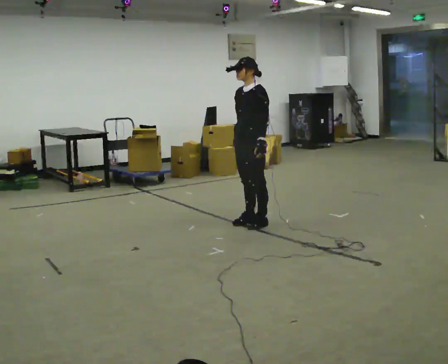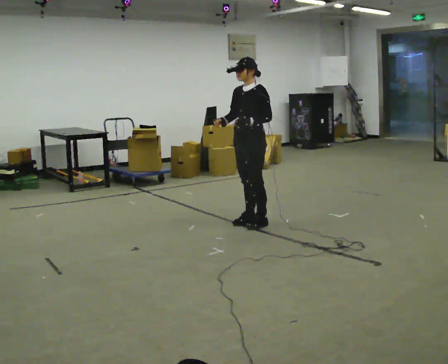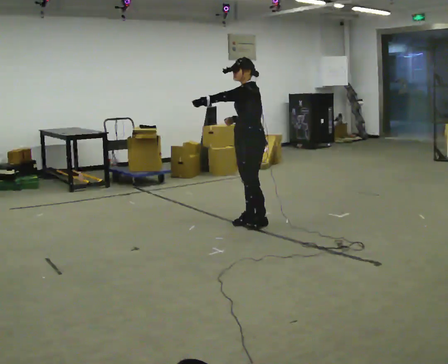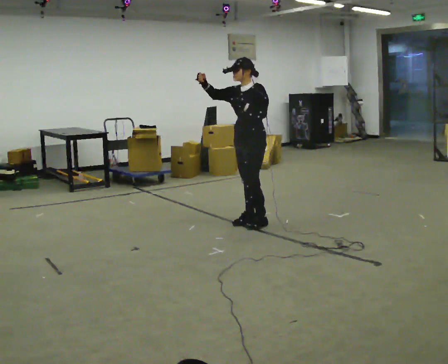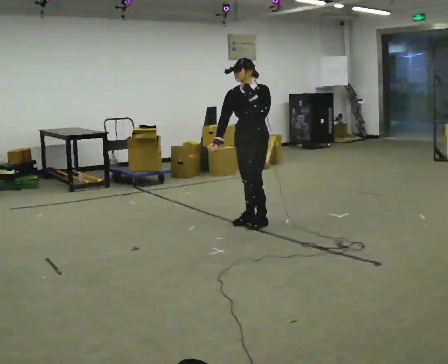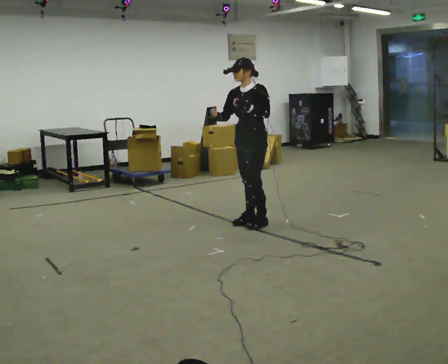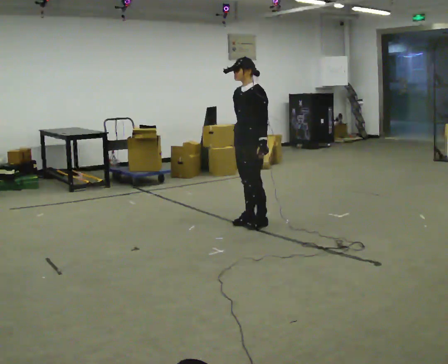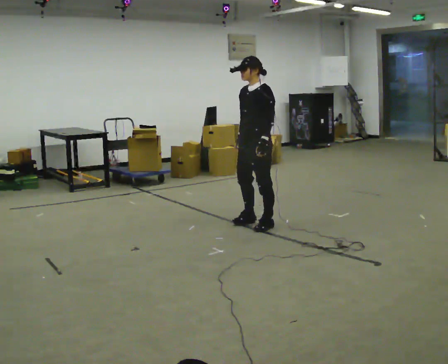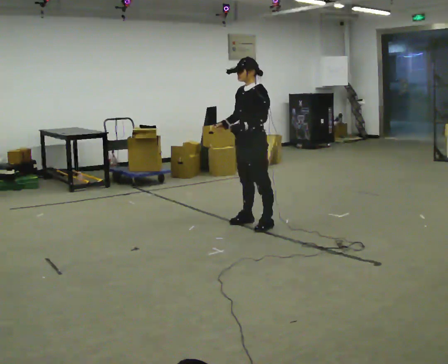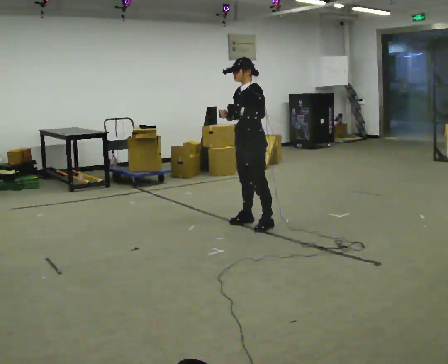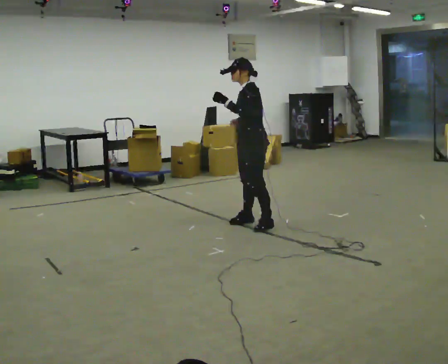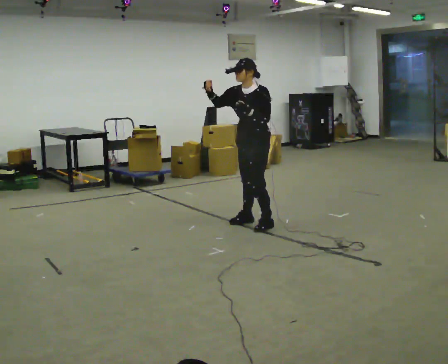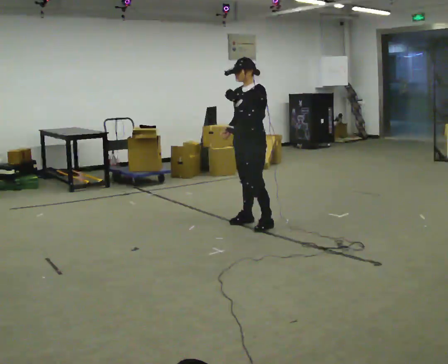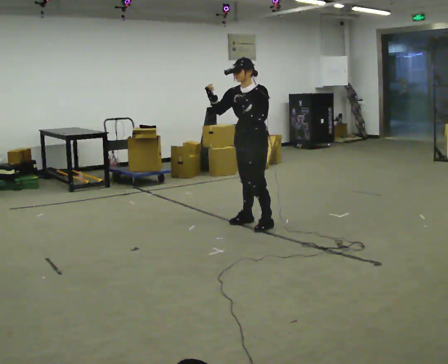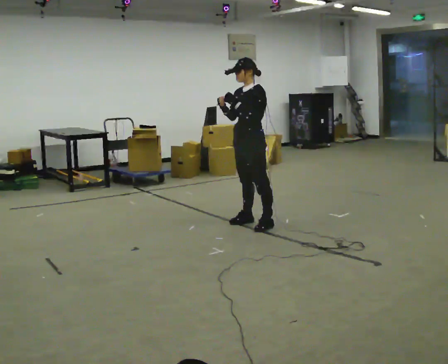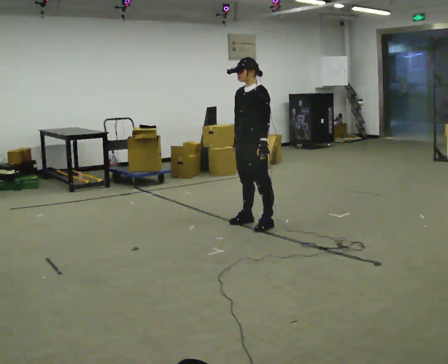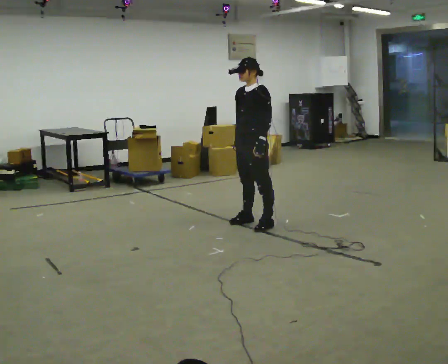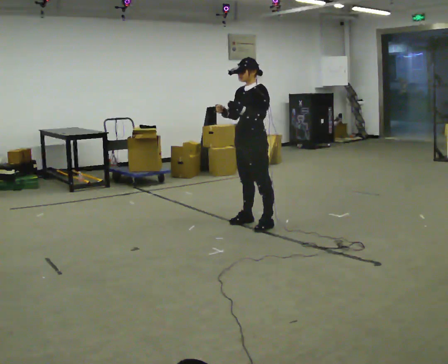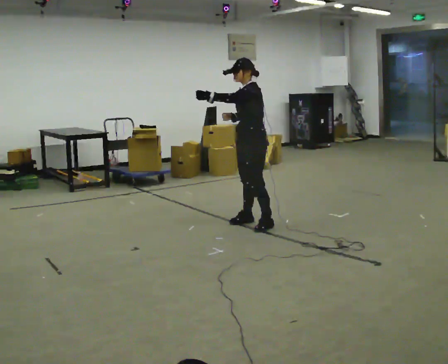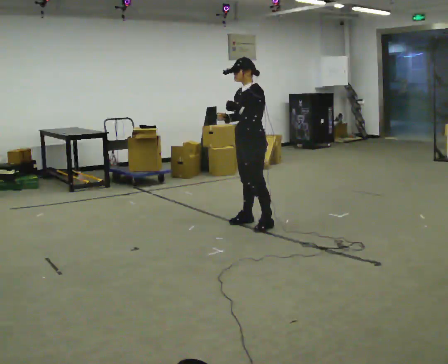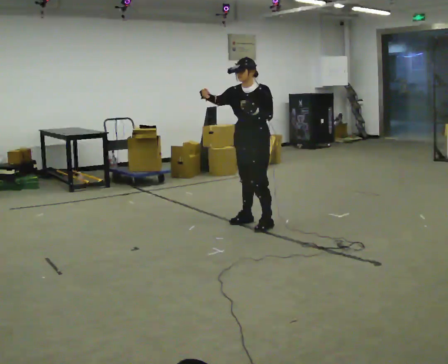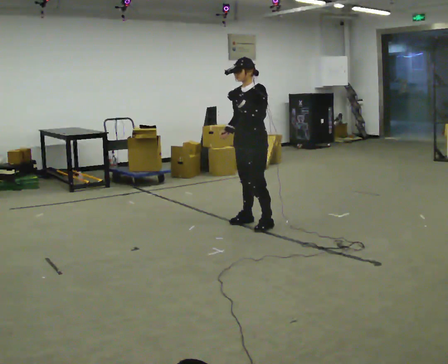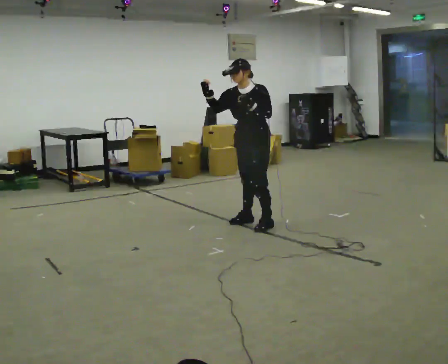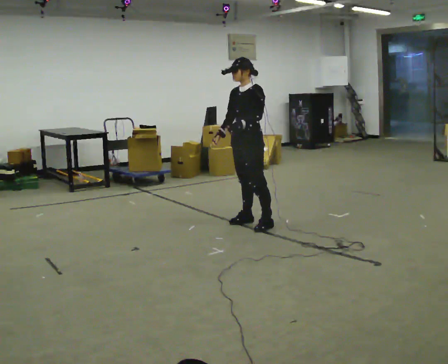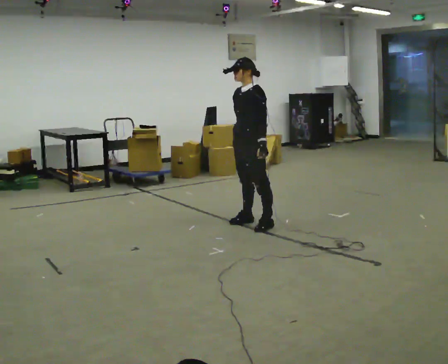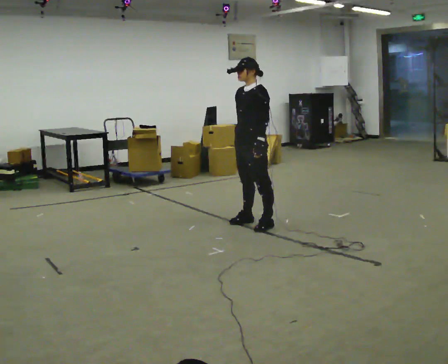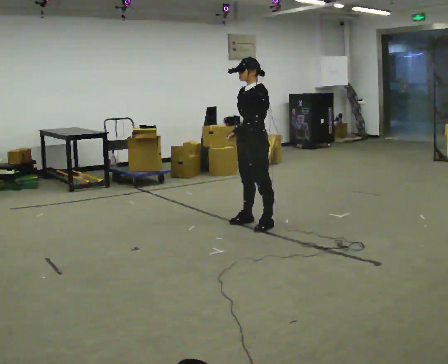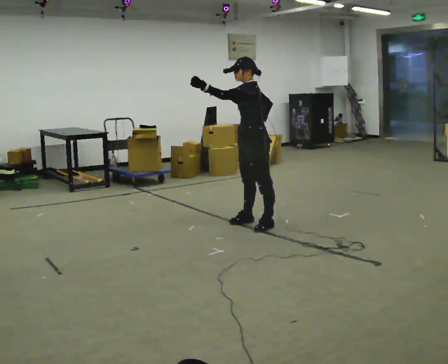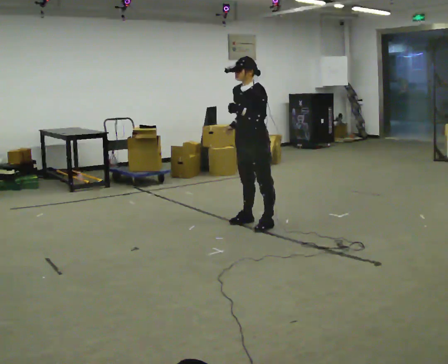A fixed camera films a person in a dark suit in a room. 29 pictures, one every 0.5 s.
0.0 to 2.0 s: In the picture their left hand goes upward.
2.0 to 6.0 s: The person moves a little, or ends about where they began.
6.0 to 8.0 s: In the picture their left hand goes downward.
8.0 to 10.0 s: The person turns about 30 degrees to their left, counterclockwise seen from above, so the part of the body nearest the lens slides to the right. In the picture their right hand goes upward.
10.0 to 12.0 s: The person turns about 30 degrees to their right, clockwise seen from above, so the part of the body nearest the lens slides to the left. In the picture their right hand goes downward.
12.0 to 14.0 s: The person moves a little, or ends about where they began.
The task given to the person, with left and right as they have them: Mimic boxing into the air at moderate speed with both hands, moving your feet only a little. Stay controlled; do not punch at full speed.
The film runs forward here.
